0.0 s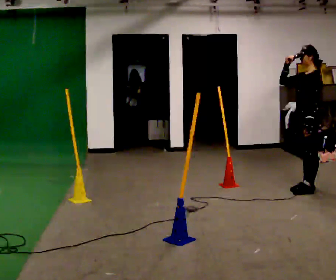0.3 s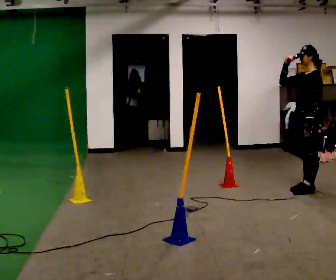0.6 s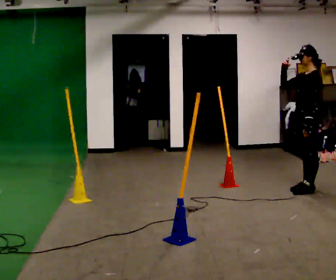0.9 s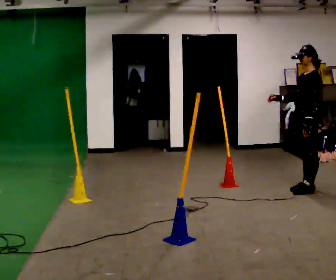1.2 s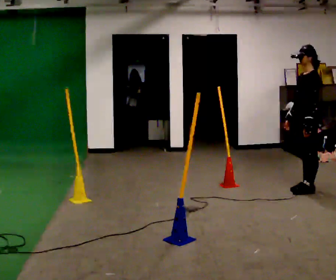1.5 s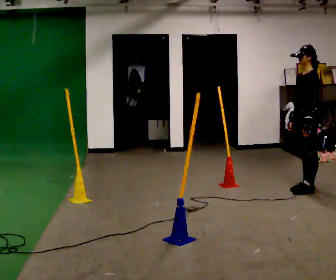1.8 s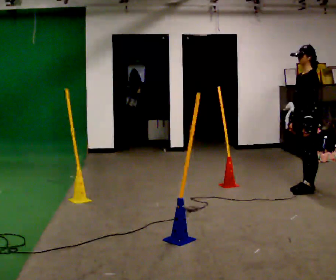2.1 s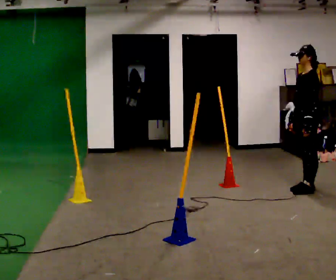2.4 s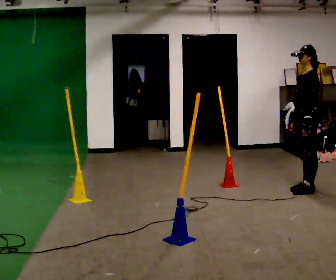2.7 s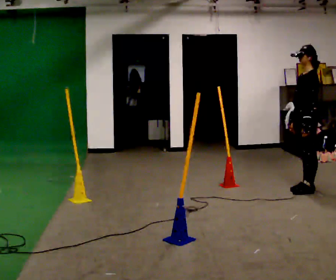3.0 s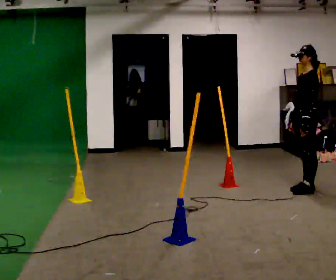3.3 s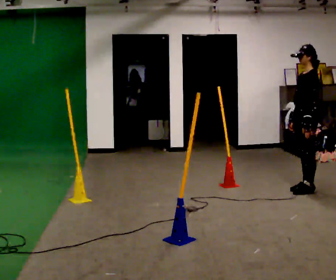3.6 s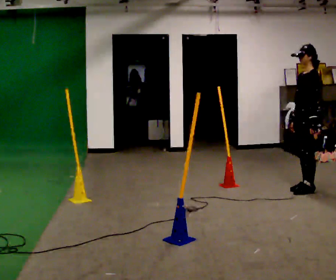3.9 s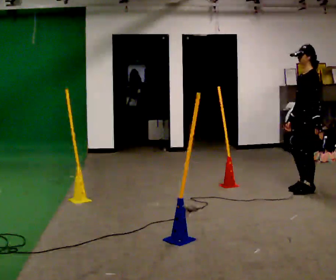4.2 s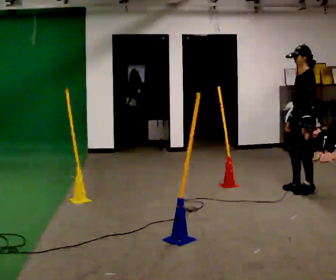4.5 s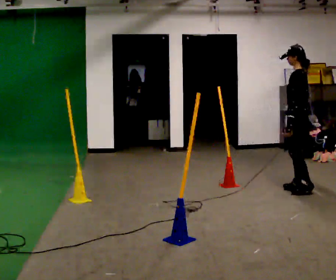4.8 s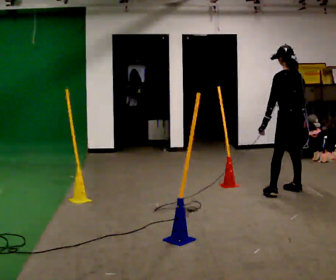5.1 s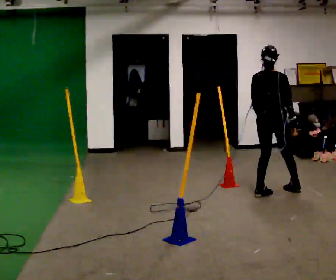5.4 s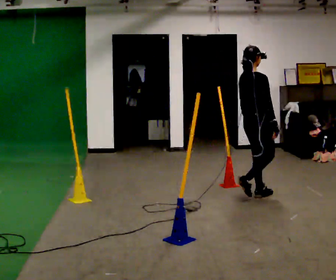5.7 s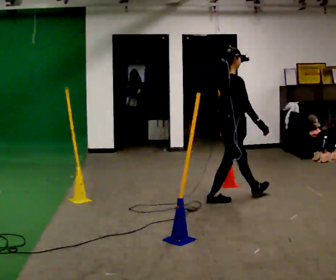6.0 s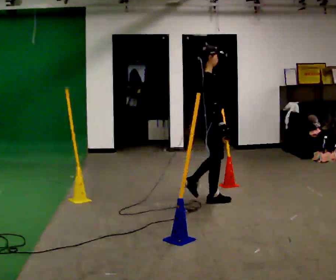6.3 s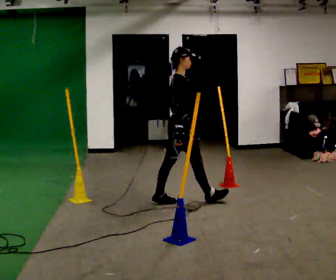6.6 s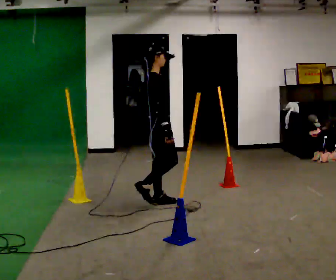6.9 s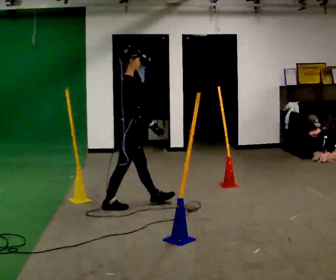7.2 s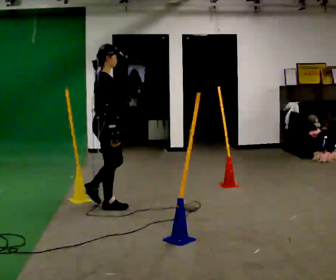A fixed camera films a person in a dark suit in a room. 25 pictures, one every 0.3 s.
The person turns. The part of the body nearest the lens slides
to the left.
The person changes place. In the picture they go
to the left.
0.0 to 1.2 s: In the picture their right hand goes downward.
1.2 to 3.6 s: The person moves a little, or ends about where they began.
3.6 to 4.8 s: Seen from above the body turns clockwise, about 60 degrees: to their right, with its near side sliding to the left. In the picture they go to the left, about 0.25 m in 1 step.
4.8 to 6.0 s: The part of the body nearest the lens slides to the left as the person turns to their right by about 105 degrees. In the picture they go to the left and toward the camera, about 1 m in 2 steps.
6.0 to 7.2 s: In the picture they go to the left and toward the camera, about 1 m in 2 steps, which for them is backward.
The film runs backward here.
